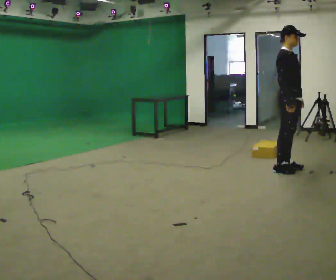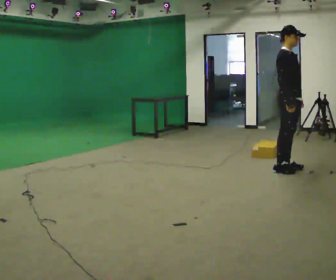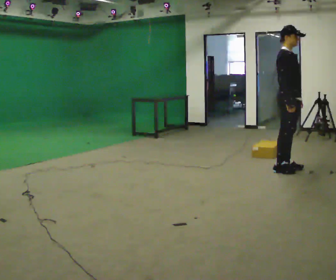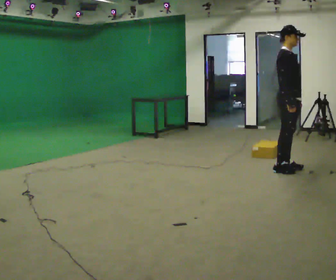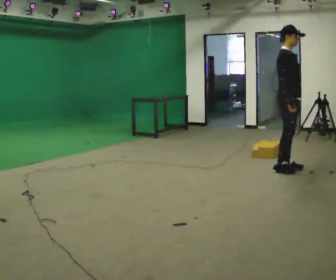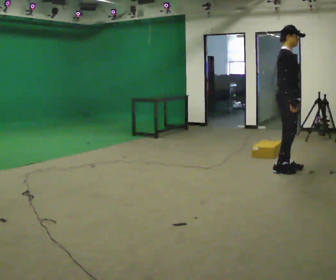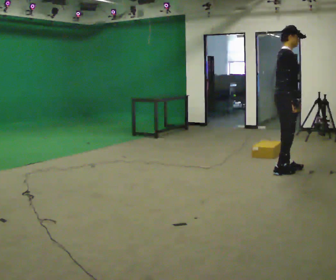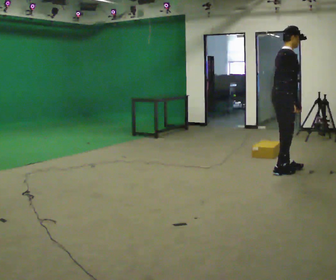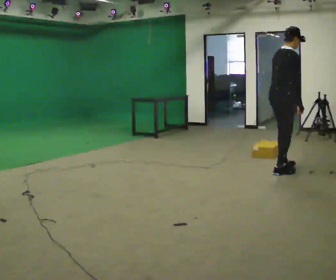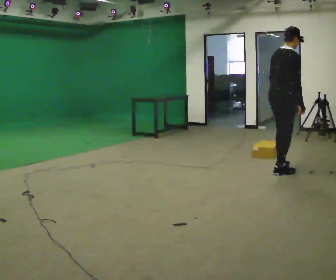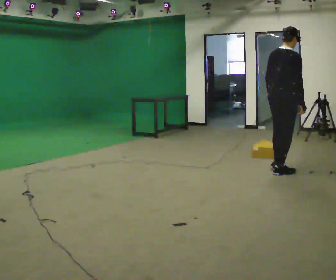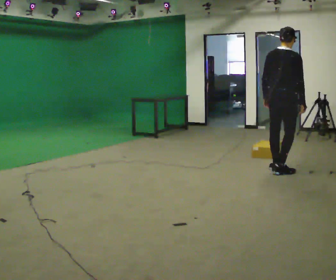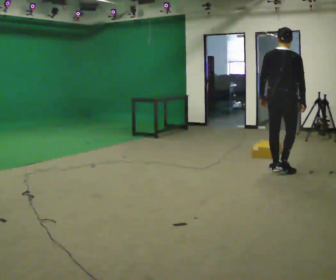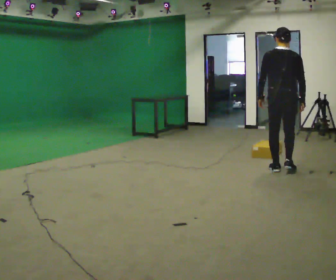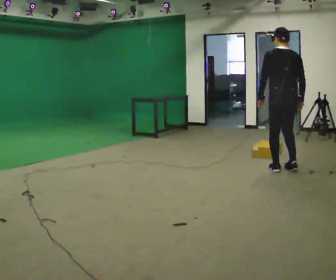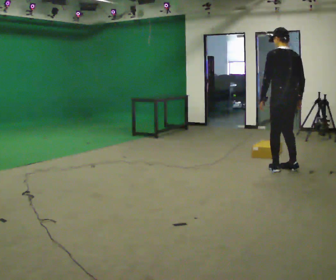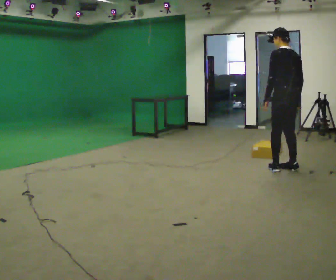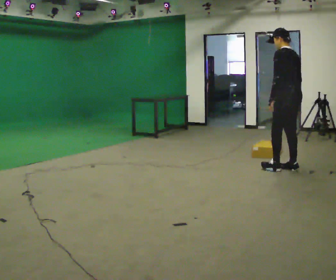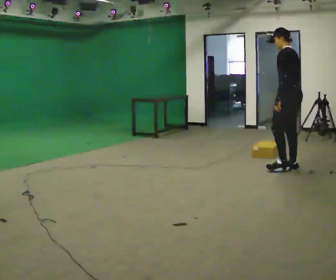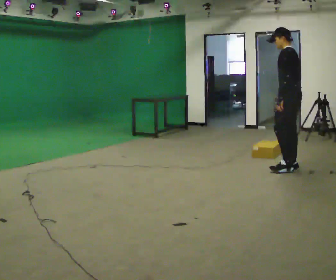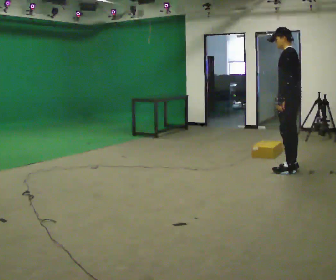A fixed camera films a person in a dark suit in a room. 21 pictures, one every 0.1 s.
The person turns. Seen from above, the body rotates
counterclockwise.
The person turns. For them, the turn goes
to their left.
0.0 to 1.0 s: The person turns about 75 degrees to their left, counterclockwise seen from above, so the part of the body nearest the lens slides to the right. In the picture their left hand goes to the left.
1.0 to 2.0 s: The person turns about 120 degrees to their left, counterclockwise seen from above, so the part of the body nearest the lens slides to the right. In the picture they go away from the camera, about 0.25 m in 2 steps.
The film runs forward here.
